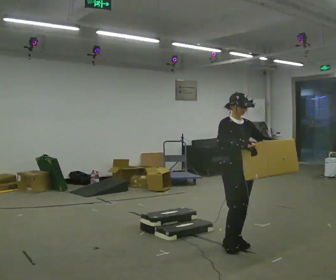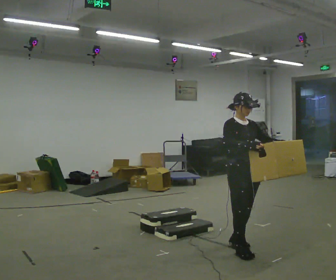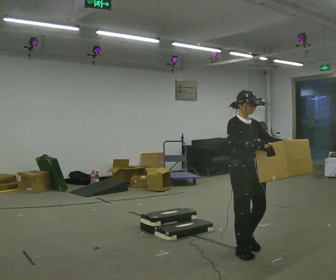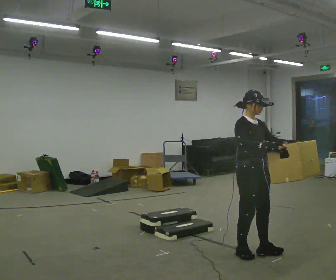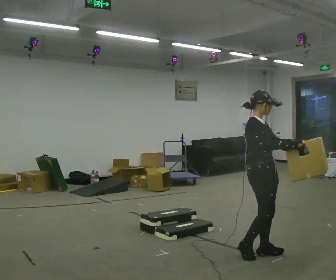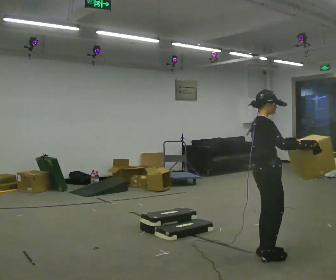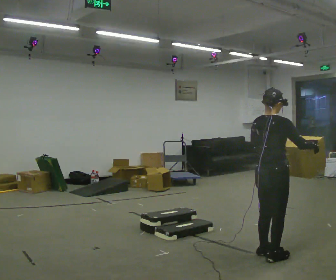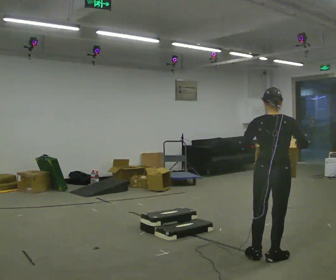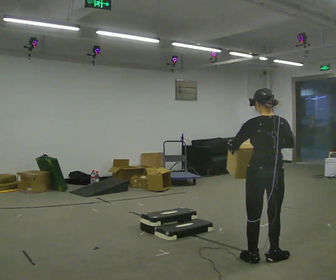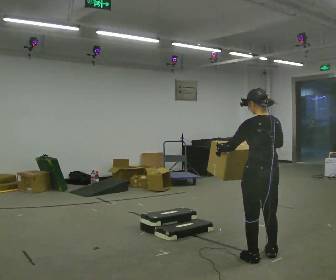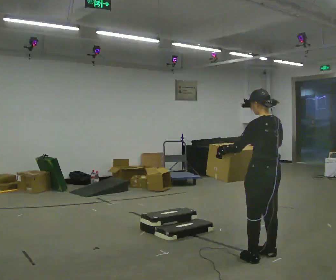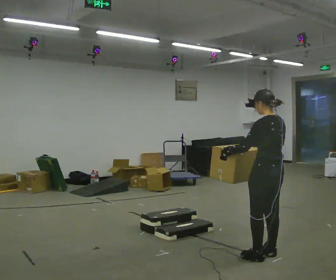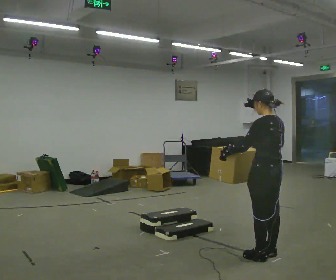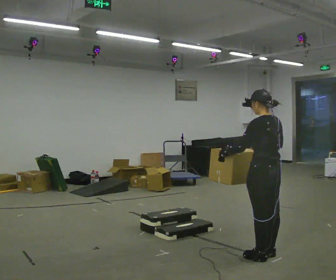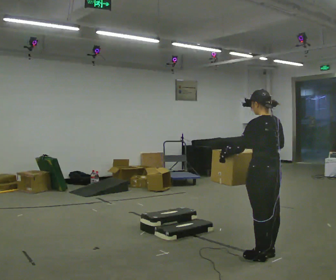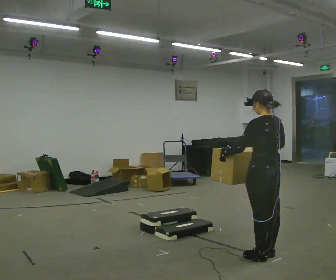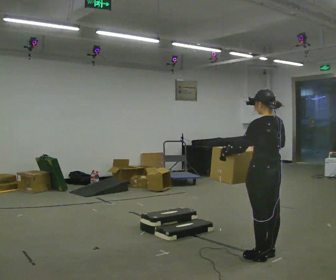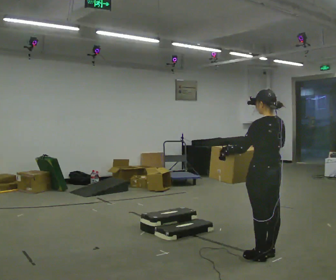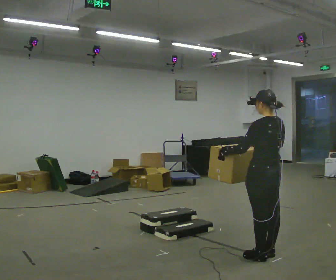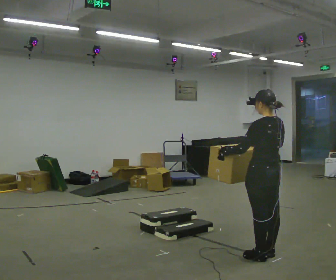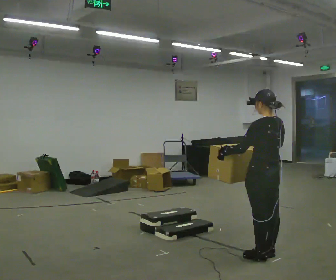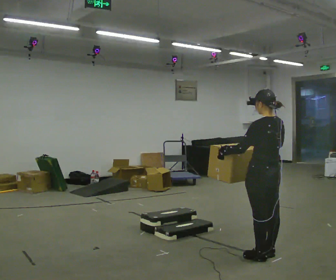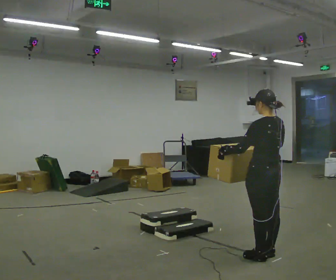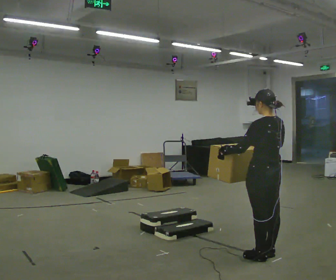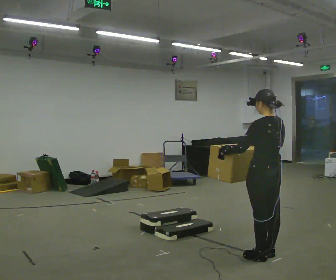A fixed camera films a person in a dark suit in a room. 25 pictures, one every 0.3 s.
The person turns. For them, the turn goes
to their left.
The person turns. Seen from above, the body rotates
counterclockwise.
0.0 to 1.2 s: Seen from above the body turns counterclockwise, about 30 degrees: to their left, with its near side sliding to the right. In the picture they go to the right and toward the camera, about 0.25 m in 2 steps, which for them is forward.
1.2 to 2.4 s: The part of the body nearest the lens slides to the right as the person turns to their left by about 120 degrees. In the picture they go toward the camera, about 0.25 m in 2 steps.
2.4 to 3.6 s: The person turns about 30 degrees to their left, counterclockwise seen from above, so the part of the body nearest the lens slides to the right.
3.6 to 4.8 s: The person moves a little, or ends about where they began.
4.8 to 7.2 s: The person keeps their place and pose.
The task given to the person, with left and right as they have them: Carry the box up the three steps, turn at the top, and carry it back down. Use the handrail only if you need it. Keep going until the operator says stop; one object at a time, and do not rush between trips.
The film runs forward here.
